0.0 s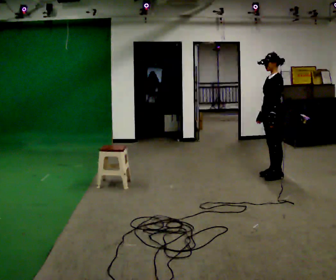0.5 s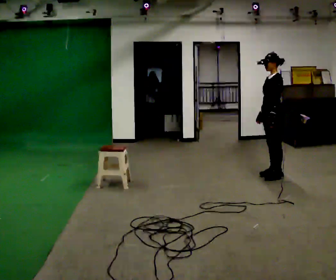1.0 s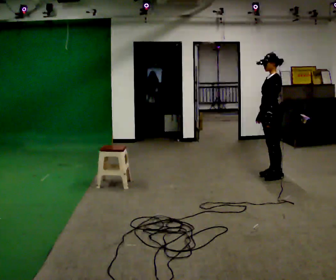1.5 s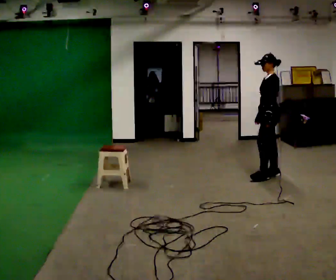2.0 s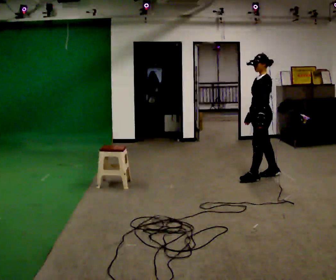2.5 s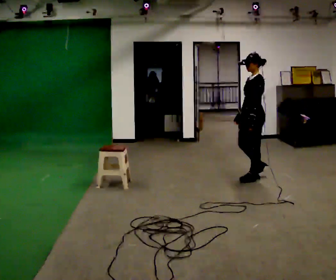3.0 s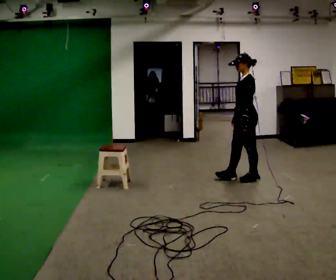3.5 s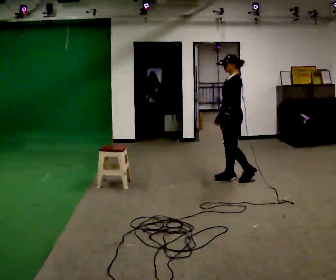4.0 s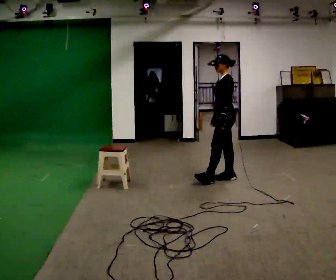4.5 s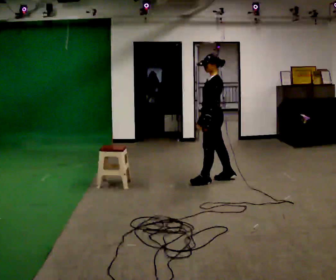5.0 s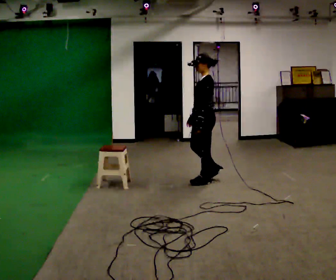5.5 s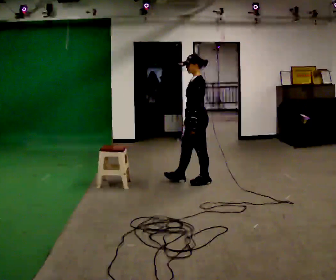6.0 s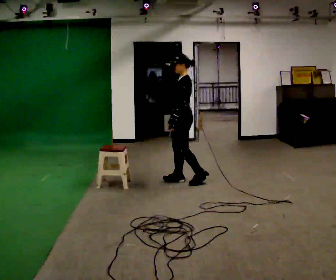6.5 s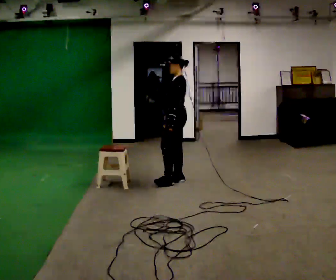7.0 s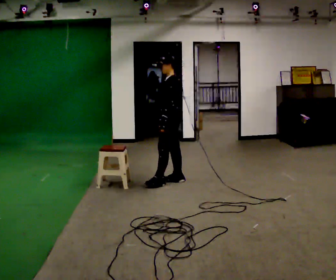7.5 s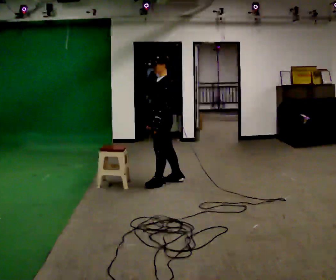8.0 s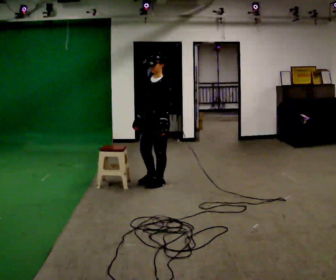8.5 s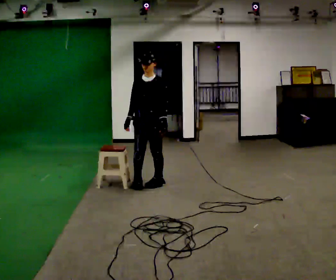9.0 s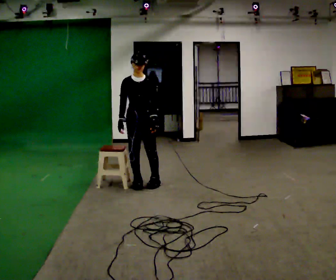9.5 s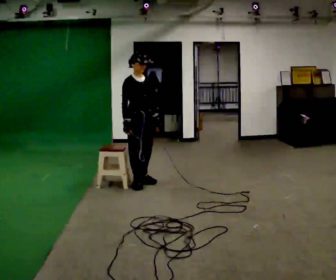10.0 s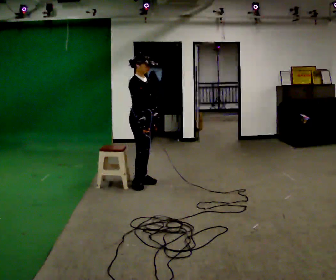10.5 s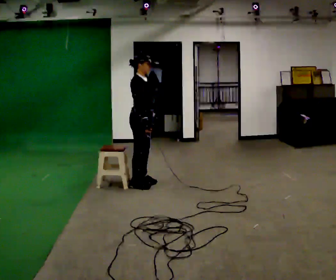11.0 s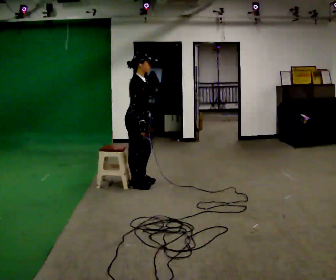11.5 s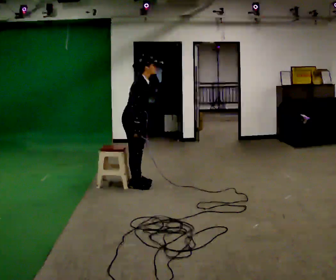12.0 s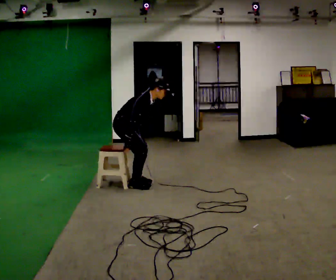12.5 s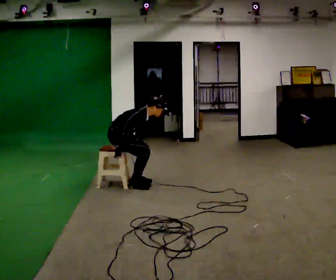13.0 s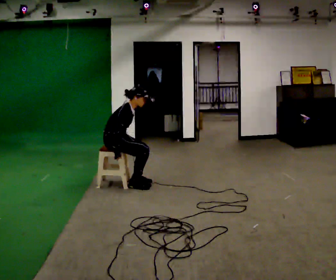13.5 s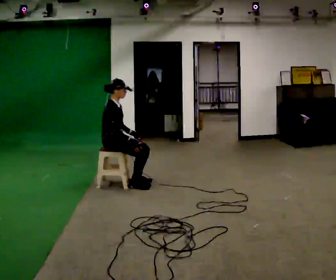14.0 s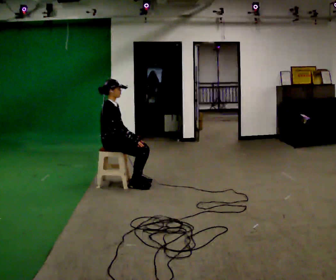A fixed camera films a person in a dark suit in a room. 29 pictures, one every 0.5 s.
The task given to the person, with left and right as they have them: Walk to chair; sit ~2 s; stand; walk away.
0.0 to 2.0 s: In the picture they go to the left, about 0.25 m in 1 step, which for them is forward.
2.0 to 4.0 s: In the picture they go to the left, about 0.5 m in 1 step, which for them is forward.
4.0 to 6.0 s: In the picture they go to the left, about 0.5 m in 2 steps, which for them is forward.
6.0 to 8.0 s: The person turns about 45 degrees to their left, counterclockwise seen from above, so the part of the body nearest the lens slides to the right. In the picture they go to the left and toward the camera, about 0.25 m in 1 step, which for them is forward.
8.0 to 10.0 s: The person turns about 105 degrees to their left, counterclockwise seen from above, so the part of the body nearest the lens slides to the right. In the picture they go to the left, about 0.25 m in 2 steps.
10.0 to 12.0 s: Seen from above the body turns counterclockwise, about 30 degrees: to their left, with its near side sliding to the right. In the picture they go to the left, about 0.25 m, which for them is backward. The upper body goes downward. In the picture the upper body tilts clockwise, shoulders to the right, as they bend forward.
12.0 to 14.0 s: In the picture they go to the left, about 0.25 m, which for them is backward. In the picture the upper body tilts counterclockwise, shoulders to the left, as they lean back or straighten.
The film runs forward here.
